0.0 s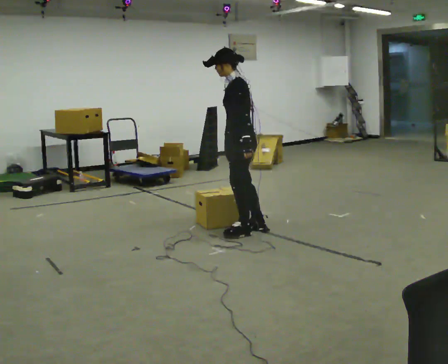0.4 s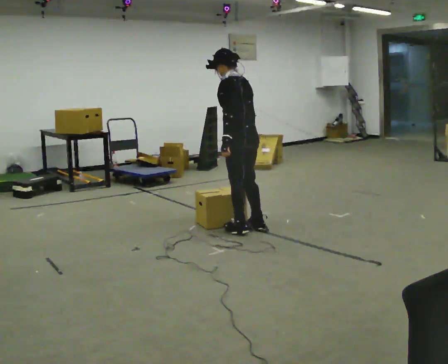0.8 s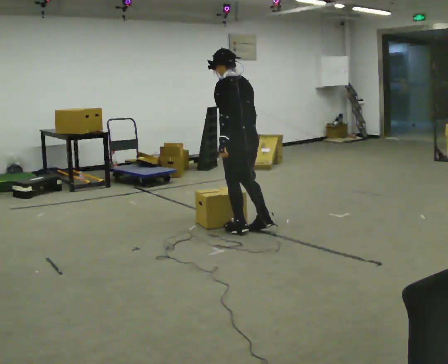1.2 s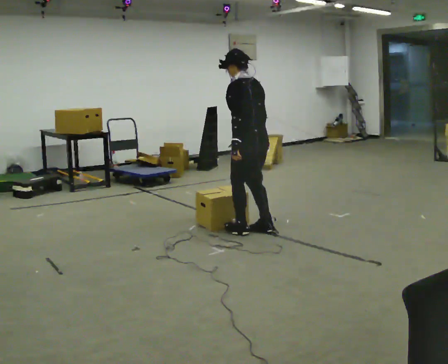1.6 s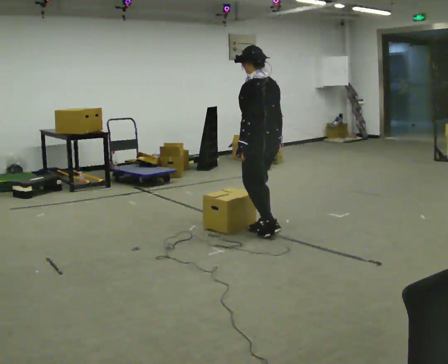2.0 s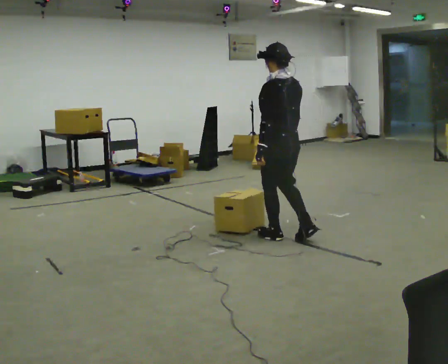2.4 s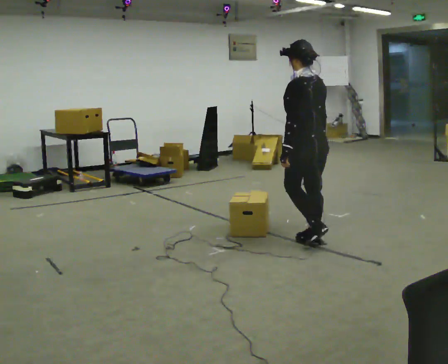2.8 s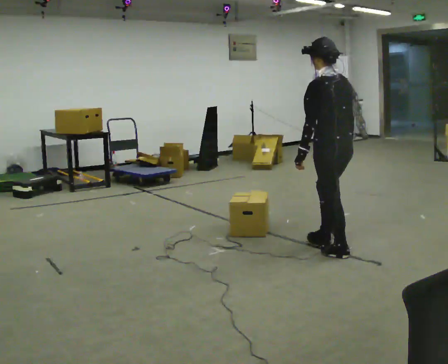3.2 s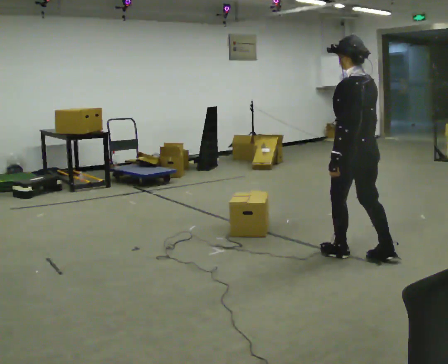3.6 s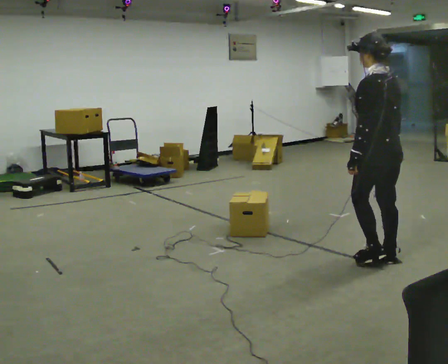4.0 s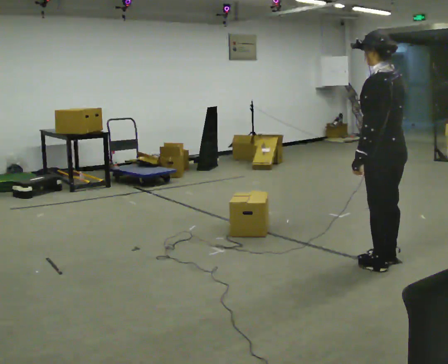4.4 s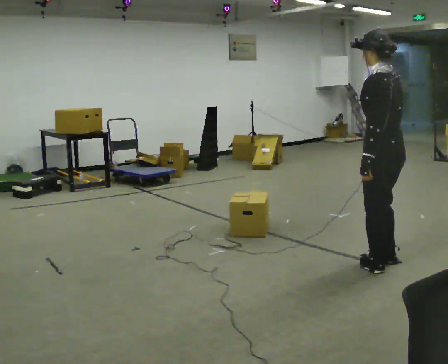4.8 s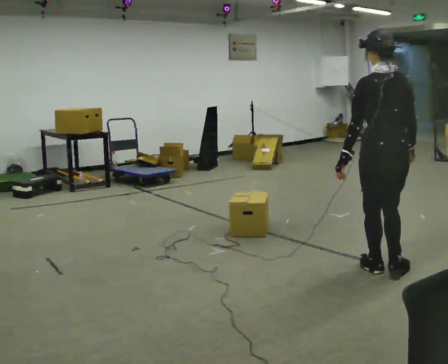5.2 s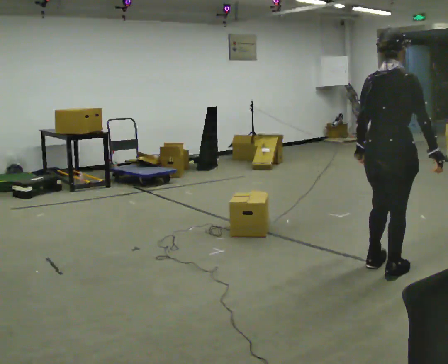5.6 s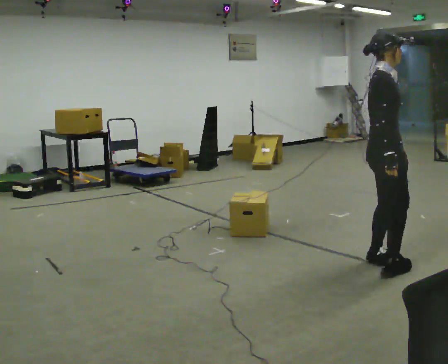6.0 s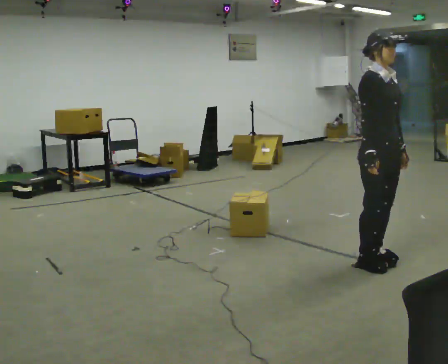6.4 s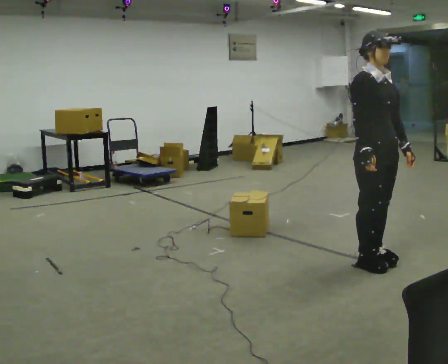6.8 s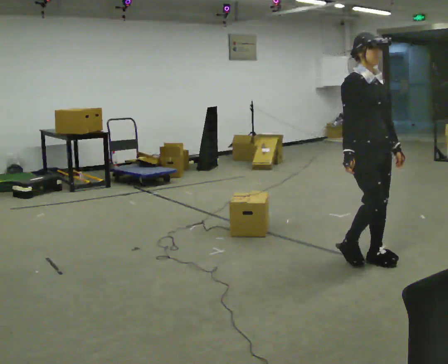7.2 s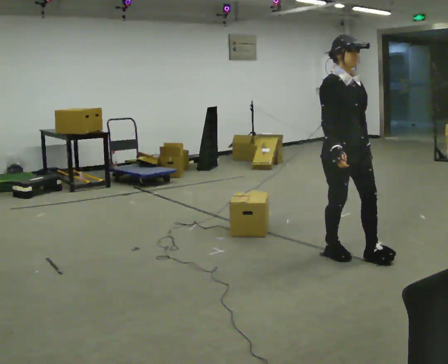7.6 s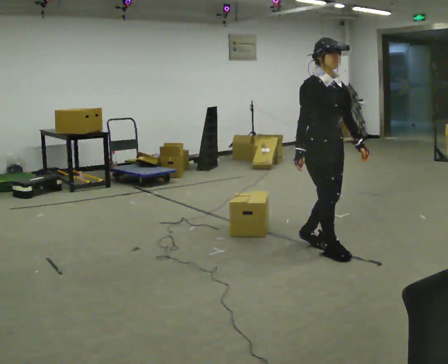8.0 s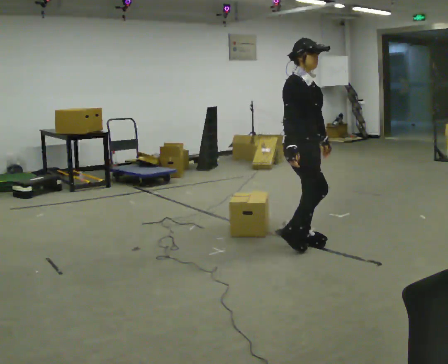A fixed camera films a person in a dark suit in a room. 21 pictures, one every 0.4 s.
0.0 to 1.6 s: Seen from above the body turns clockwise, about 45 degrees: to their right, with its near side sliding to the left. In the picture they go to the right, about 0.25 m in 1 step, which for them is backward.
1.6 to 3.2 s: In the picture they go to the right and toward the camera, about 1 m in 3 steps, which for them is backward.
3.2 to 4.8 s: Seen from above the body turns clockwise, about 30 degrees: to their right, with its near side sliding to the left. In the picture they go toward the camera and to the right, about 0.25 m in 2 steps, which for them is backward and to their left.
4.8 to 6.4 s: Seen from above the body turns clockwise, about 150 degrees: to their right, with its near side sliding to the left. In the picture their left hand goes to the right, the arm swinging counterclockwise.
6.4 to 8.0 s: In the picture they go to the left and away from the camera, about 0.75 m in 3 steps, which for them is backward.
The film runs backward here.
